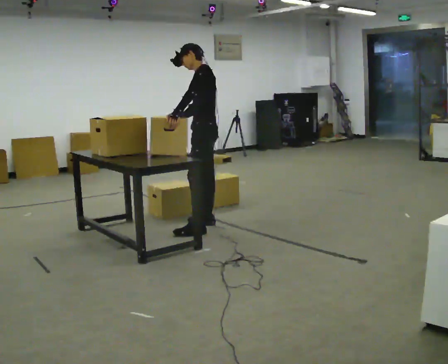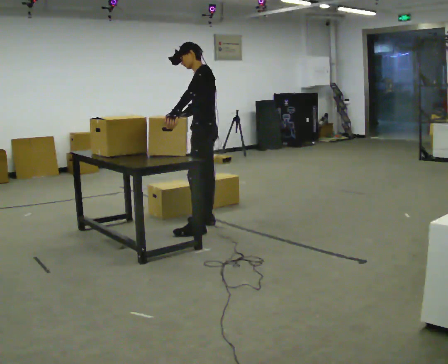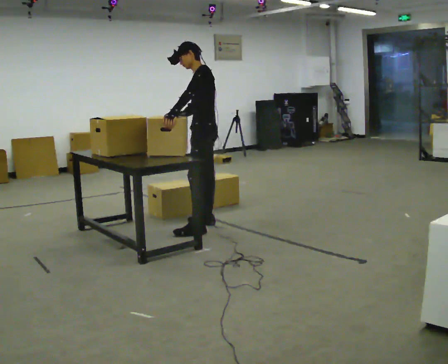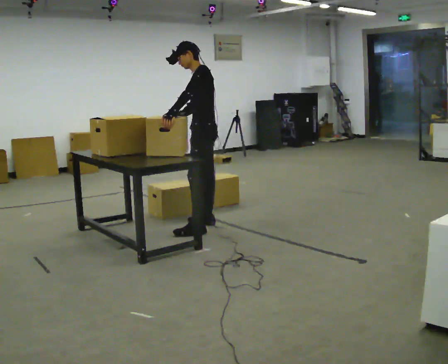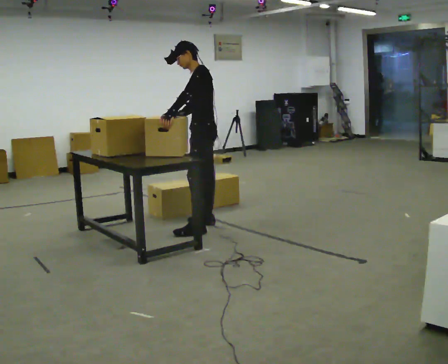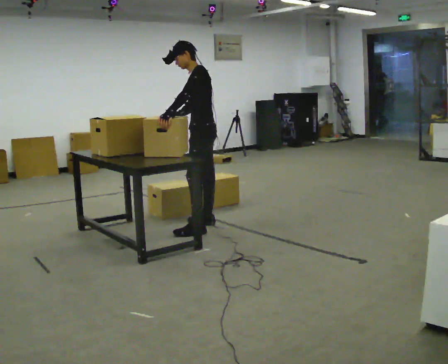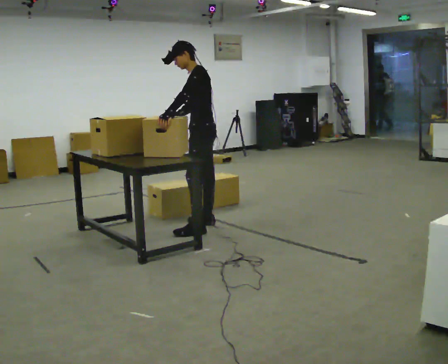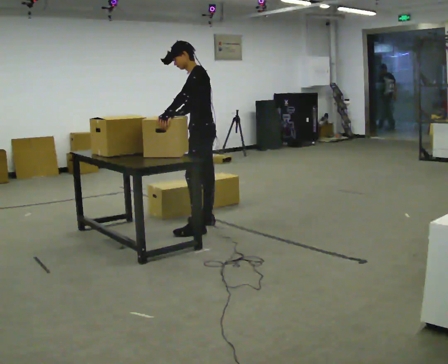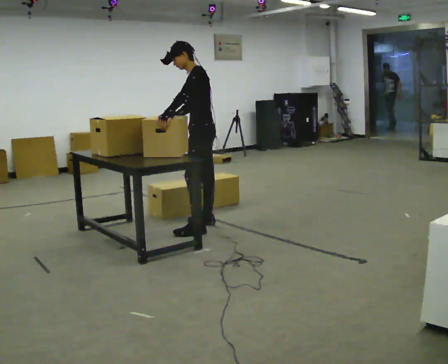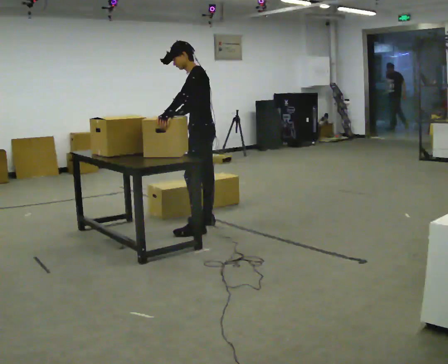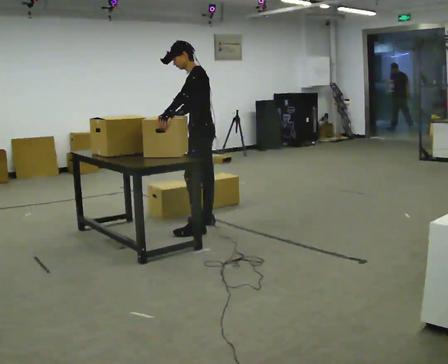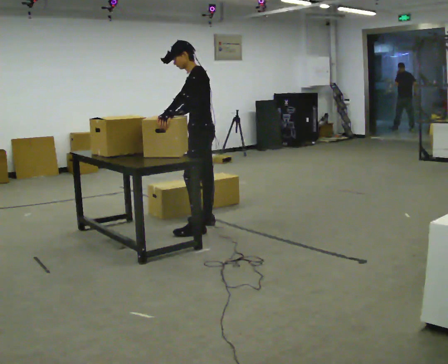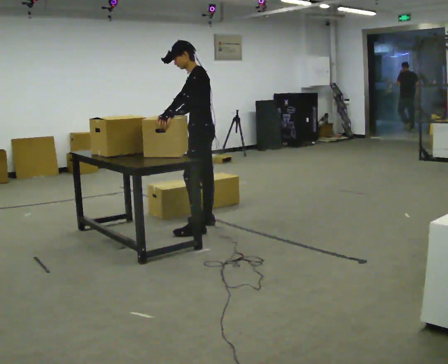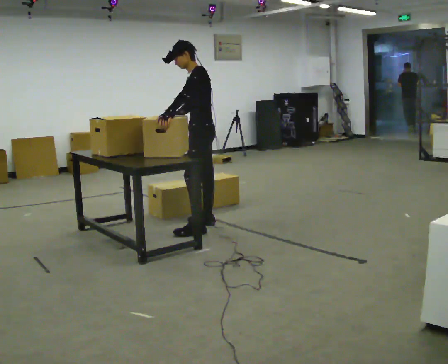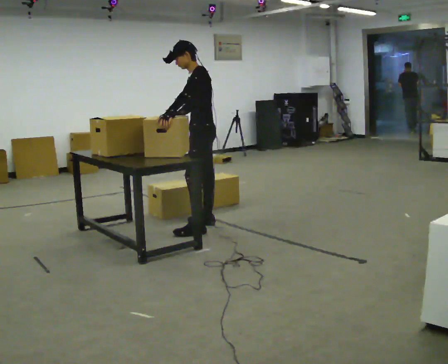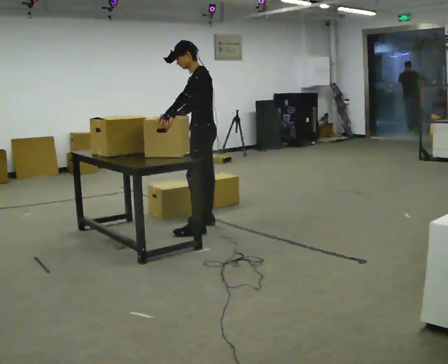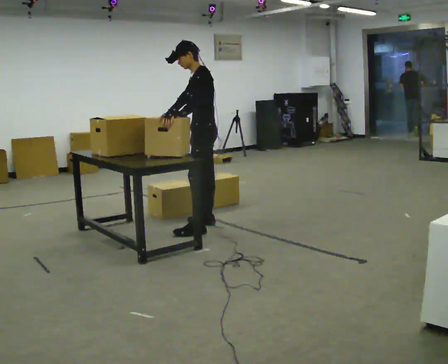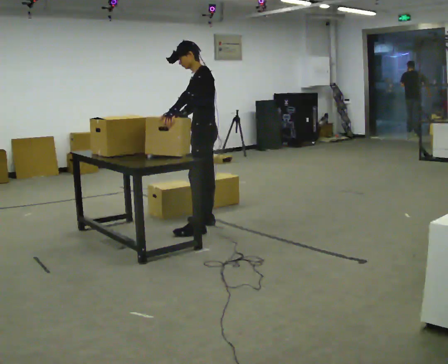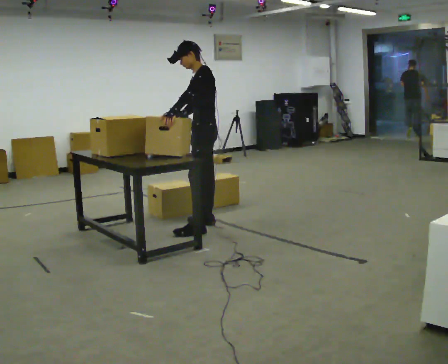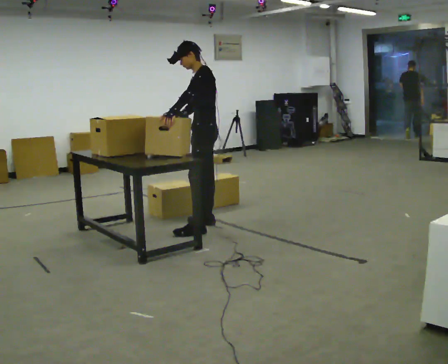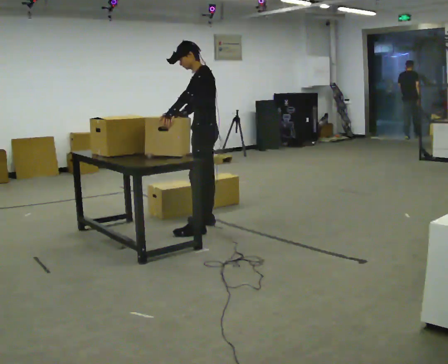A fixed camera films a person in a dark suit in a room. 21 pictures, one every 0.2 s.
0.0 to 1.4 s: The person moves a little, or ends about where they began.
1.4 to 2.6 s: The person keeps their place and pose.
2.6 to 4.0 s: The person moves a little, or ends about where they began.
The film runs backward here.
